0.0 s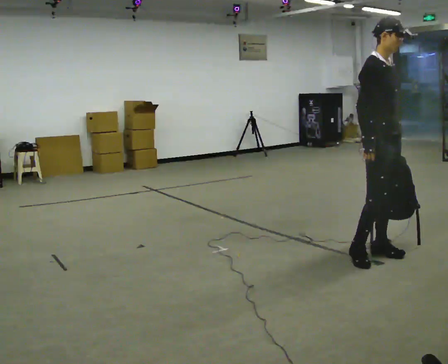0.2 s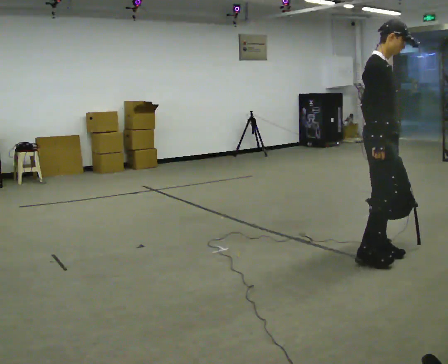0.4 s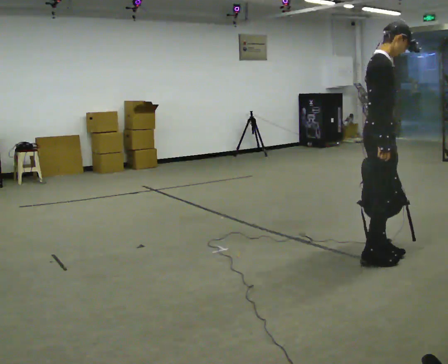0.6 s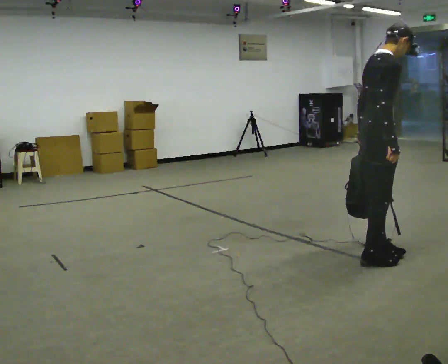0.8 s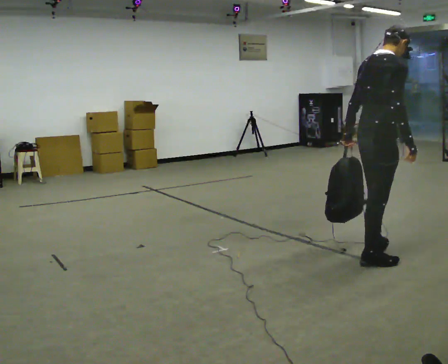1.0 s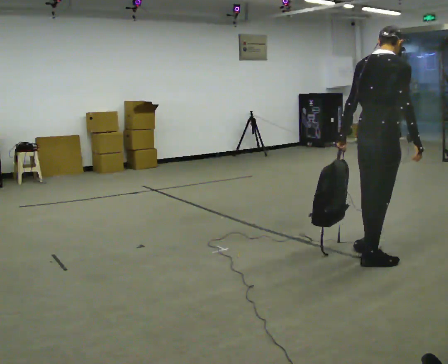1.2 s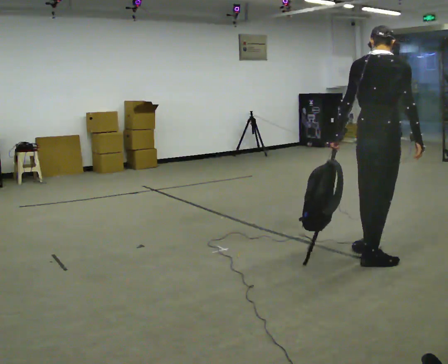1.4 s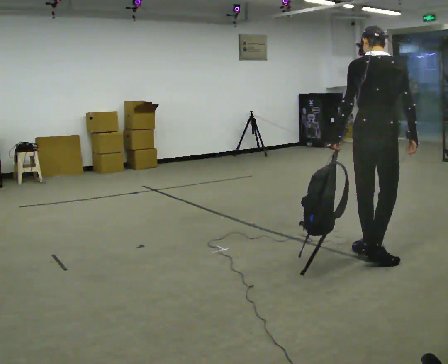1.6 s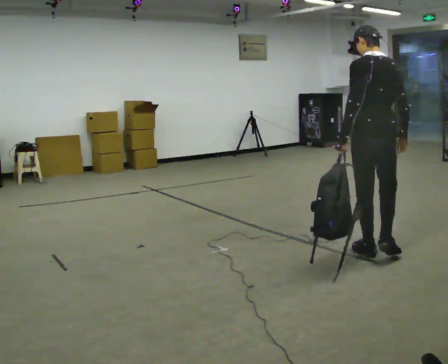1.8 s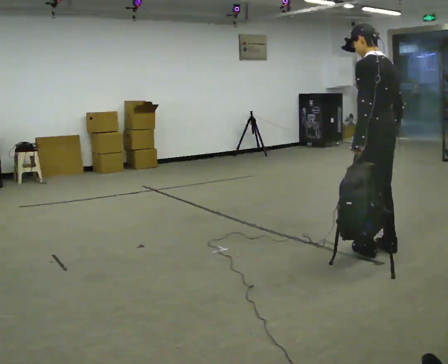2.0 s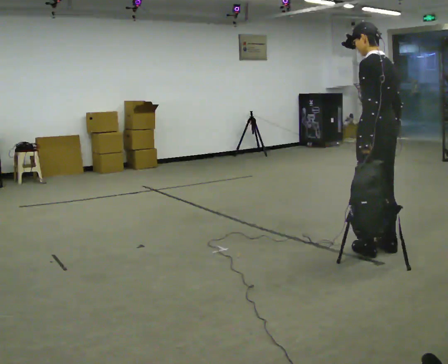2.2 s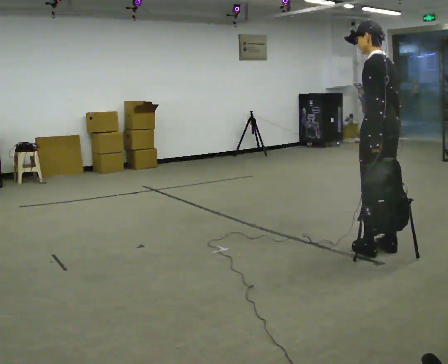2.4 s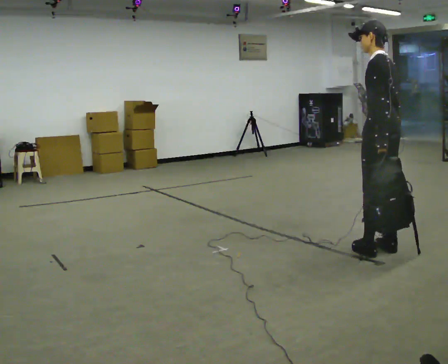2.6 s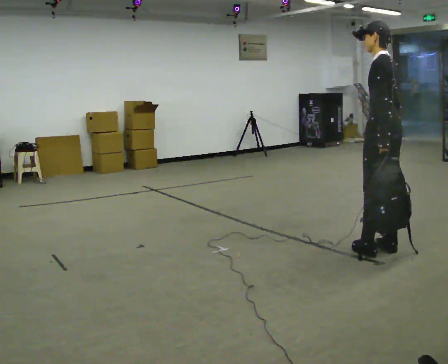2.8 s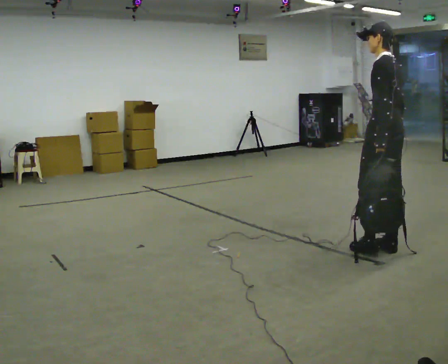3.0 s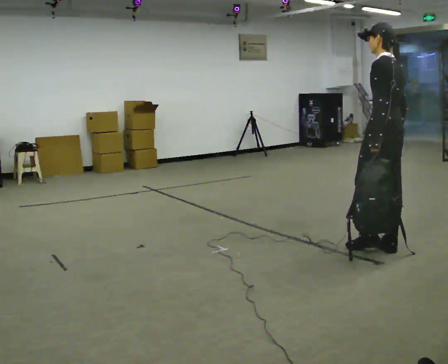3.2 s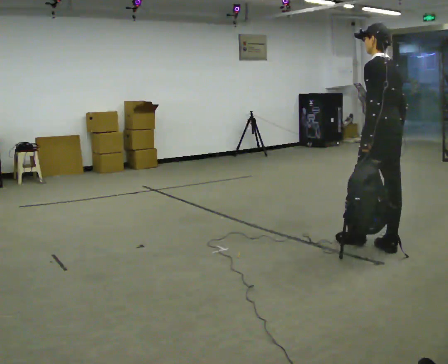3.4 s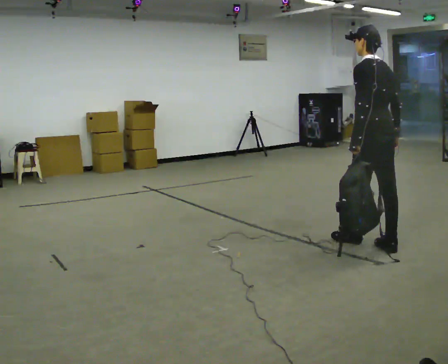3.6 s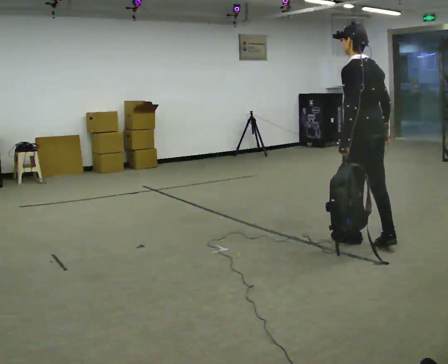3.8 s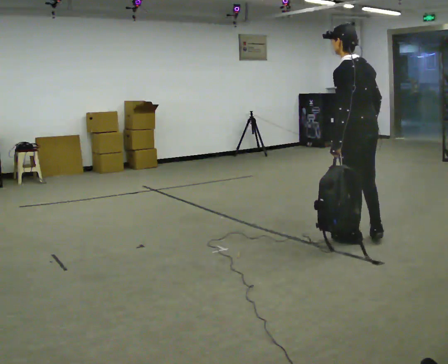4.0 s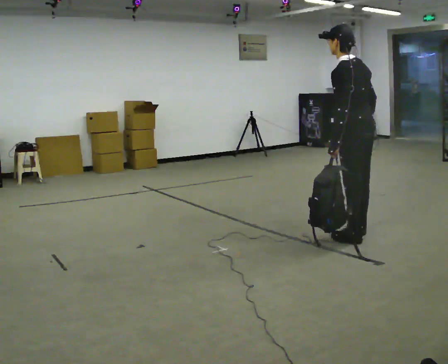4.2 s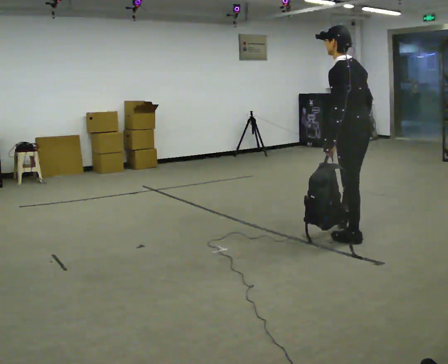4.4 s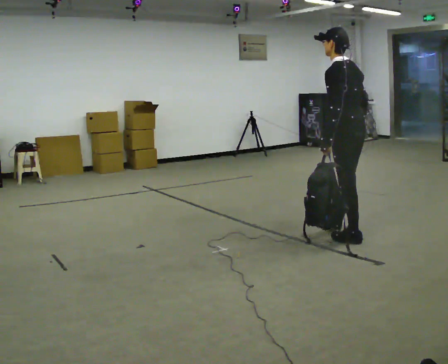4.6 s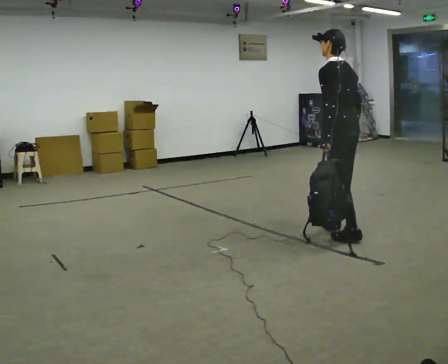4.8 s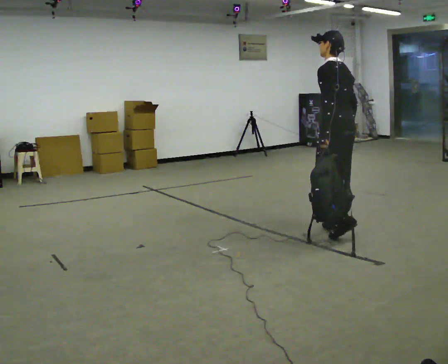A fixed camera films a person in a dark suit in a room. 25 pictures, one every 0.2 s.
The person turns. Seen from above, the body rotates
counterclockwise.
The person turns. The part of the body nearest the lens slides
to the right.
0.0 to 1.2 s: The person turns about 105 degrees to their left, counterclockwise seen from above, so the part of the body nearest the lens slides to the right. In the picture their left hand goes to the left.
1.2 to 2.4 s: Seen from above the body turns counterclockwise, about 75 degrees: to their left, with its near side sliding to the right. In the picture they go away from the camera, about 0.25 m in 1 step. In the picture their left hand goes to the right.
2.4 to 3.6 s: In the picture they go away from the camera, about 0.25 m in 1 step, which for them is forward.
3.6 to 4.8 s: In the picture they go away from the camera and to the left, about 0.5 m in 1 step, which for them is forward and to their right.
The film runs forward here.
